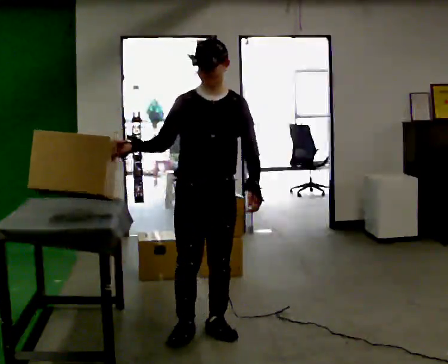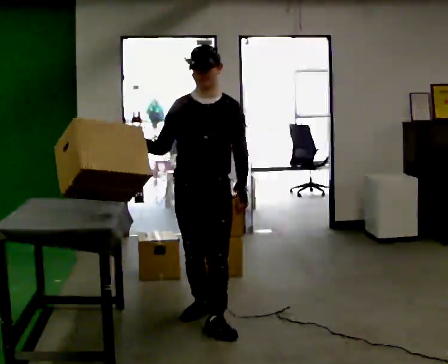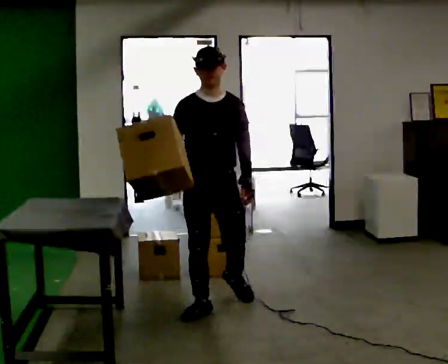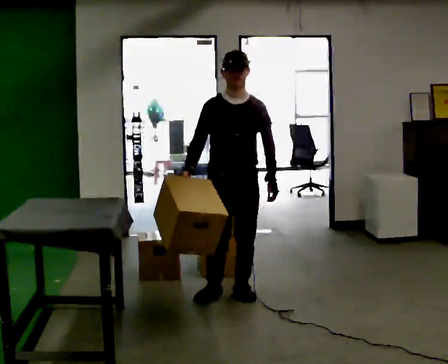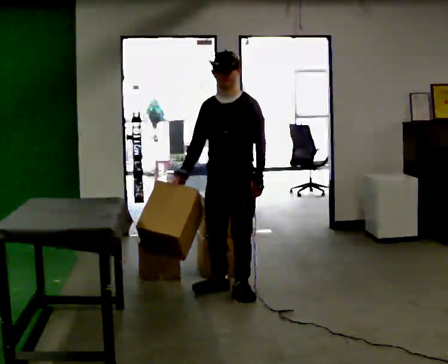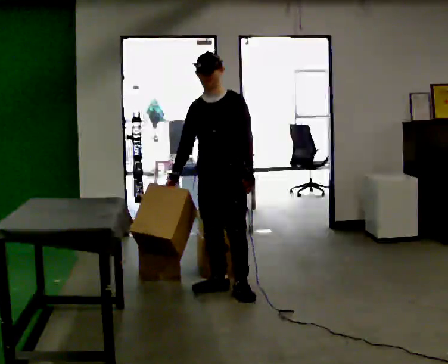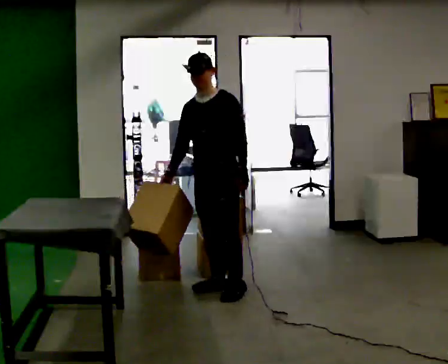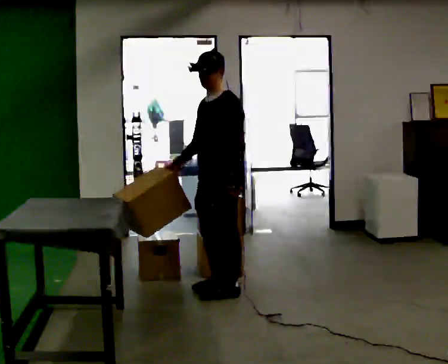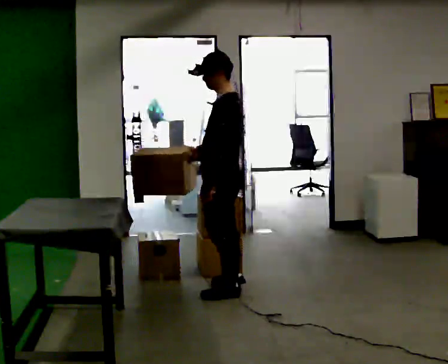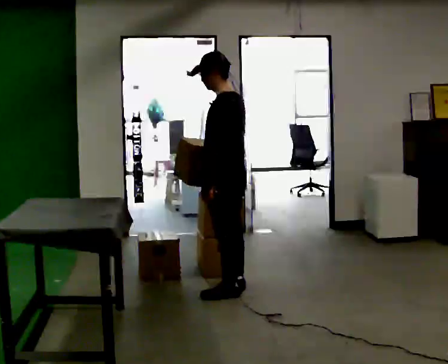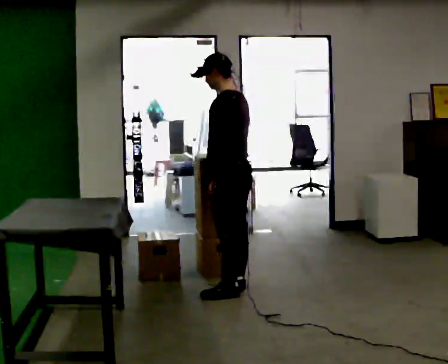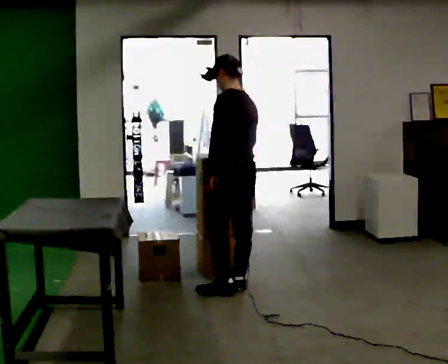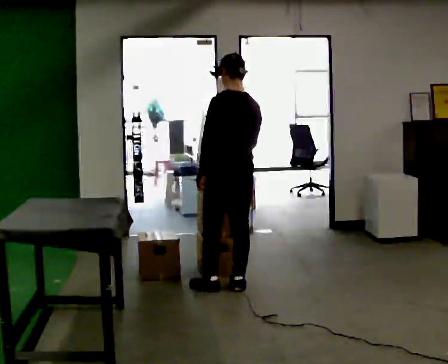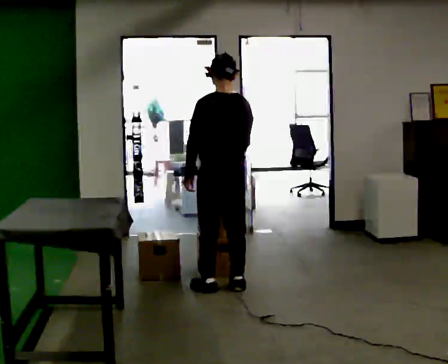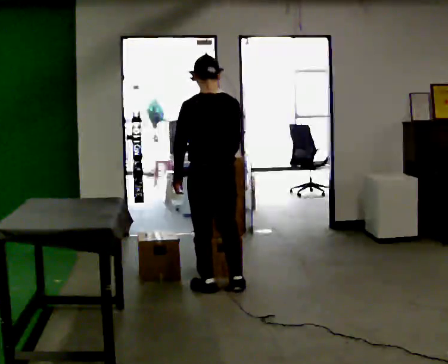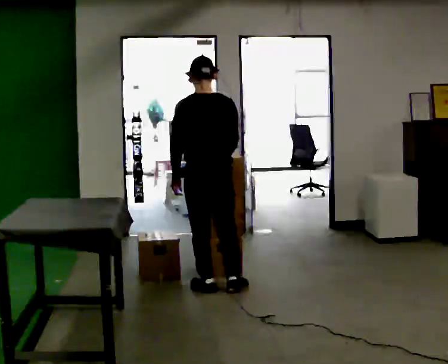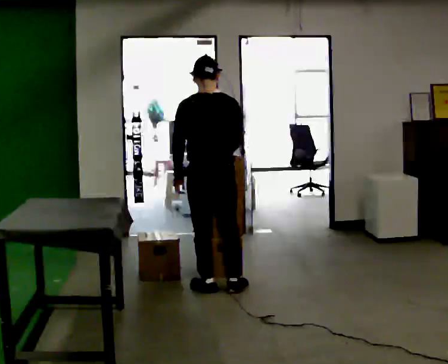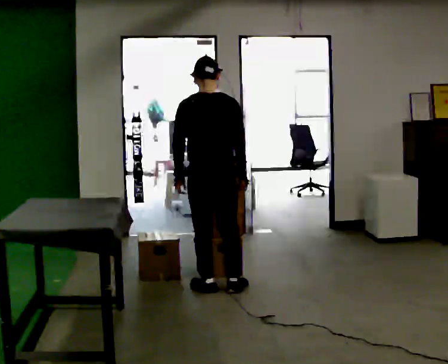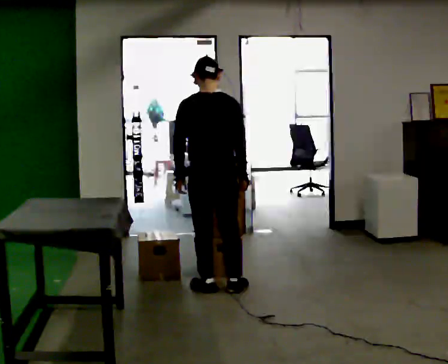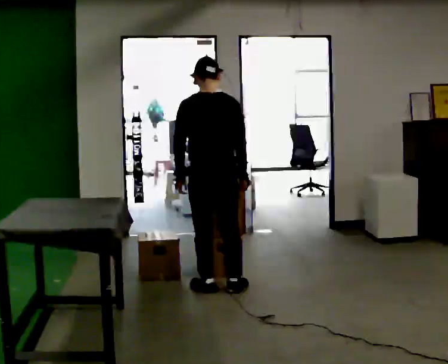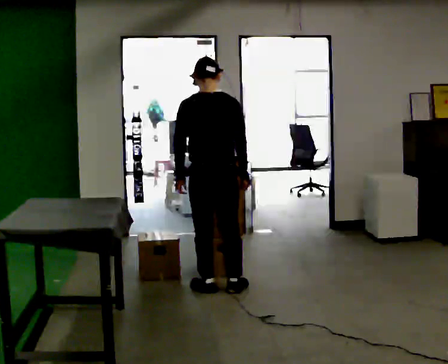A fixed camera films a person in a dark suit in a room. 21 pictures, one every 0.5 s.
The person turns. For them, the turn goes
to their right.
The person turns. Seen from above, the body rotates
clockwise.
0.0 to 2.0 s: Seen from above the body turns clockwise, about 30 degrees: to their right, with its near side sliding to the left. In the picture they go away from the camera, about 1 m in 3 steps, which for them is backward and to their left.
2.0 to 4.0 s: The person turns about 75 degrees to their right, clockwise seen from above, so the part of the body nearest the lens slides to the left.
4.0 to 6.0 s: The person turns about 60 degrees to their right, clockwise seen from above, so the part of the body nearest the lens slides to the left. In the picture they go away from the camera, about 0.25 m in 1 step, which for them is to their right.
6.0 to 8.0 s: In the picture they go to the left, about 0.25 m, which for them is to their left.
8.0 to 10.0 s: The person moves a little, or ends about where they began.
The film runs backward here.
